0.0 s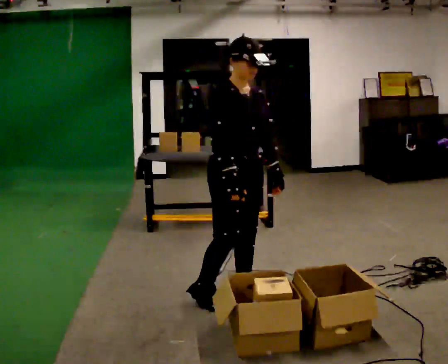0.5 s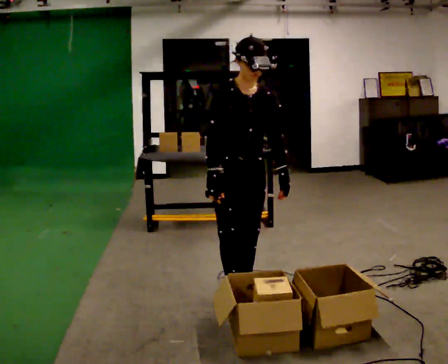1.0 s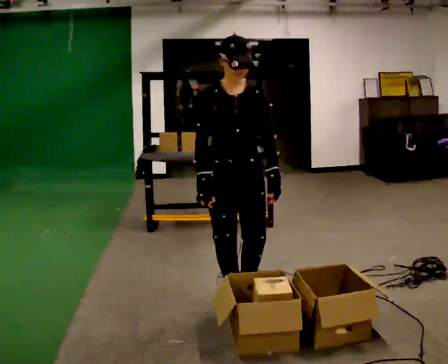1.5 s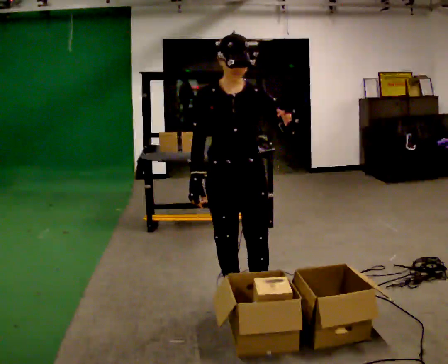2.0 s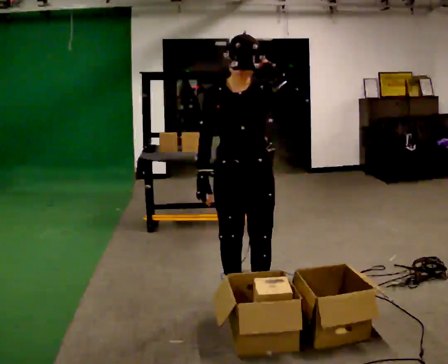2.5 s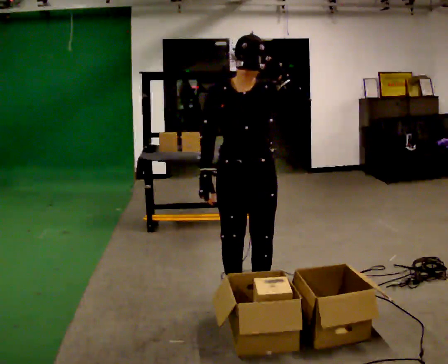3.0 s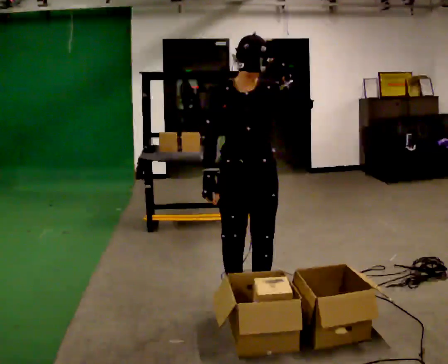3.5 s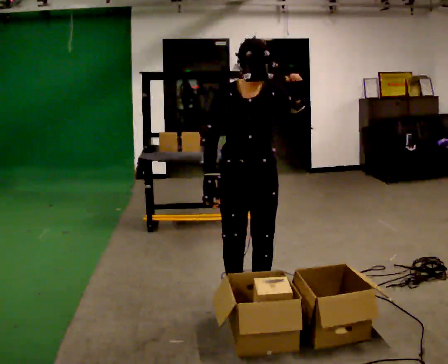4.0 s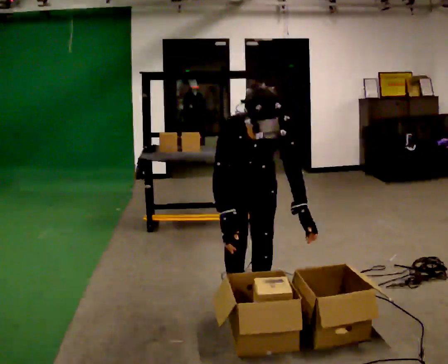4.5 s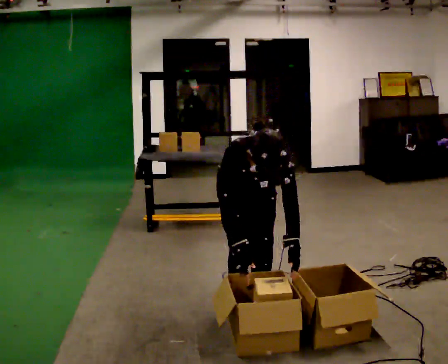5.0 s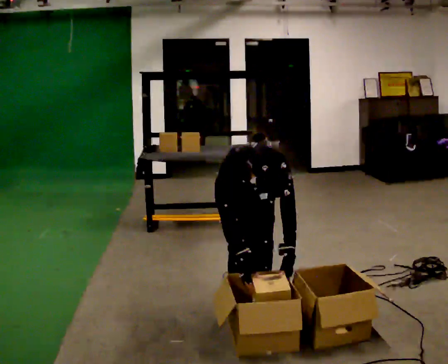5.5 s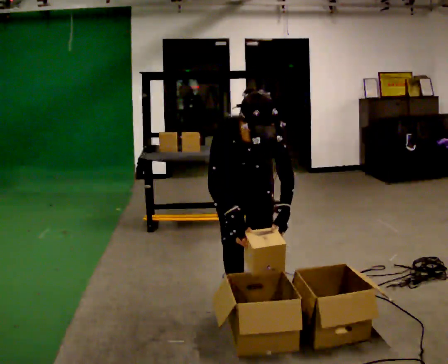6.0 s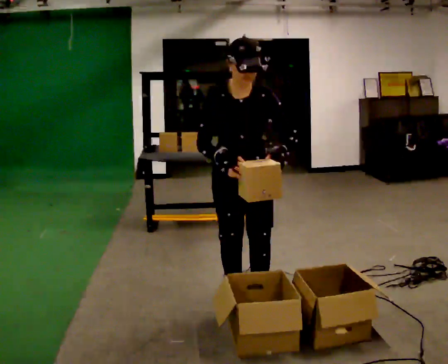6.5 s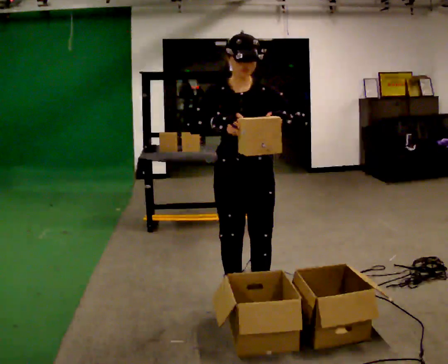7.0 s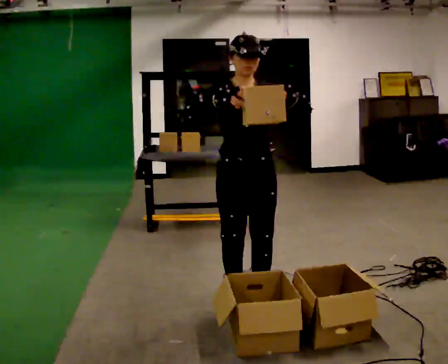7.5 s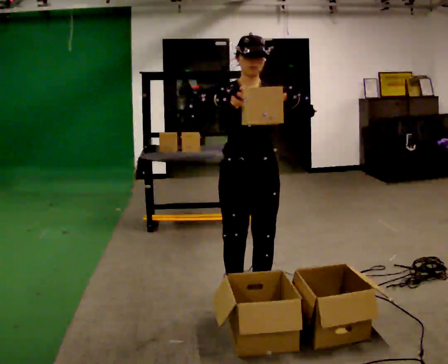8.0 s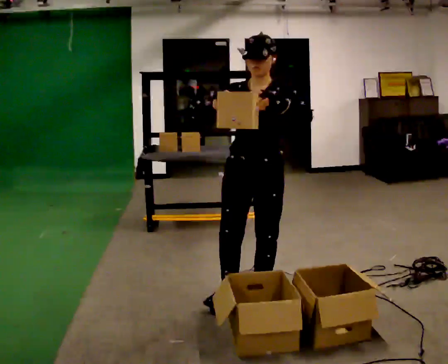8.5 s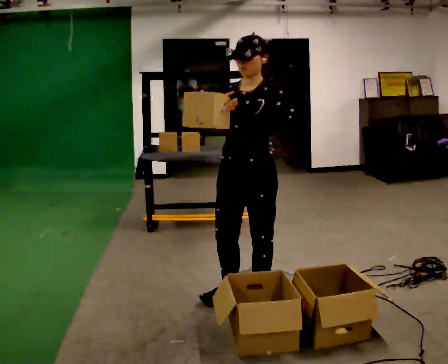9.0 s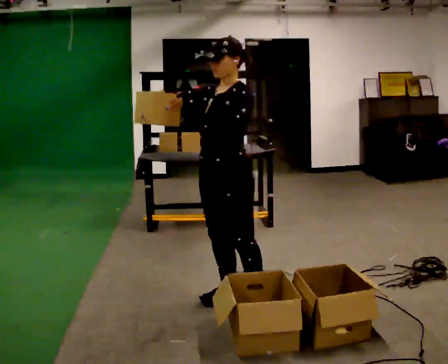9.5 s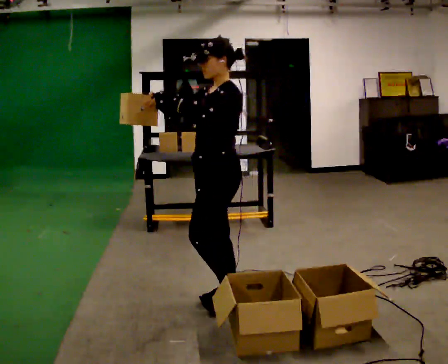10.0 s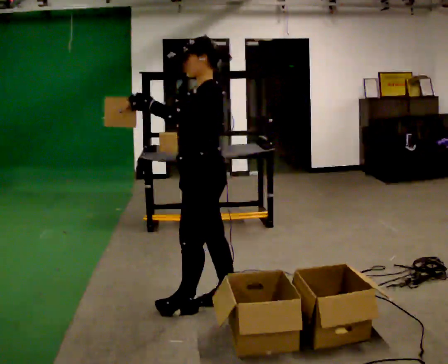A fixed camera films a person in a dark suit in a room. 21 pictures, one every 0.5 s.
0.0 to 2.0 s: Seen from above the body turns clockwise, about 30 degrees: to their right, with its near side sliding to the left. In the picture their left hand goes upward.
2.0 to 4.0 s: The shoulders move downward. The upper body tips toward the camera, its near side rolling downward, as they bend forward. In the picture their left hand goes downward.
4.0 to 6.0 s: In the picture their right hand goes upward.
6.0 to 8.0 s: The person moves a little, or ends about where they began.
8.0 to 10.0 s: The person turns about 75 degrees to their right, clockwise seen from above, so the part of the body nearest the lens slides to the left. In the picture they go to the left, about 0.25 m in 1 step.
The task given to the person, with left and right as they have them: 1. Look at the shelf and see which spaces are empty. 2. Find matching items in the bins on the floor. 3. Fill the empty spaces on the shelf. 4. Tell the operator when you are finished.
The film runs forward here.
